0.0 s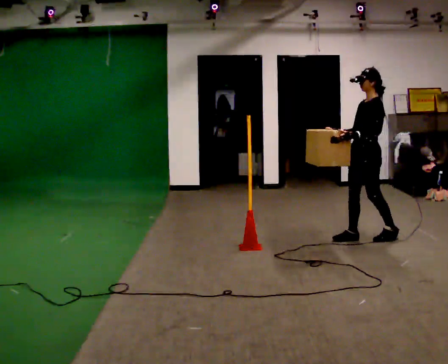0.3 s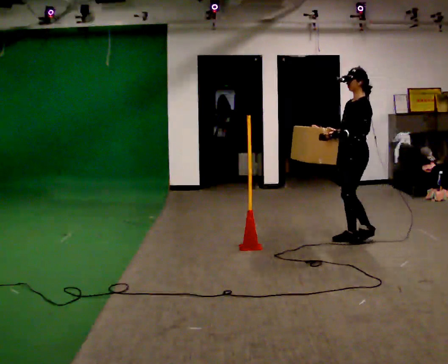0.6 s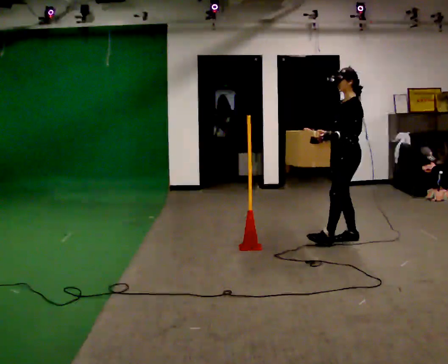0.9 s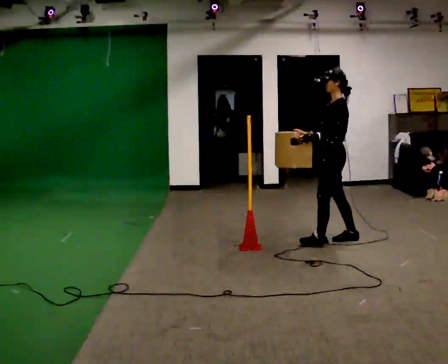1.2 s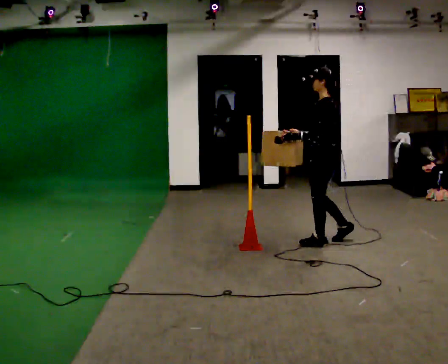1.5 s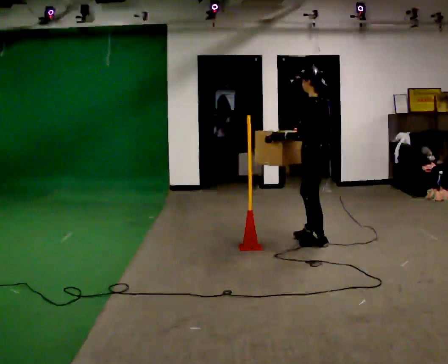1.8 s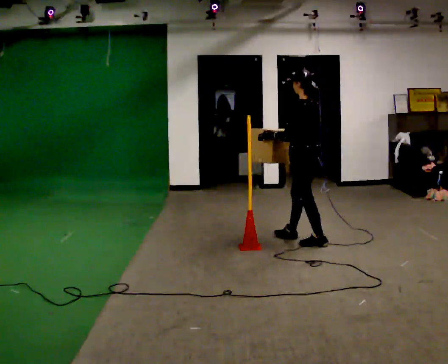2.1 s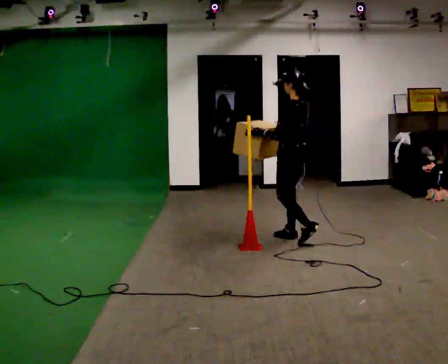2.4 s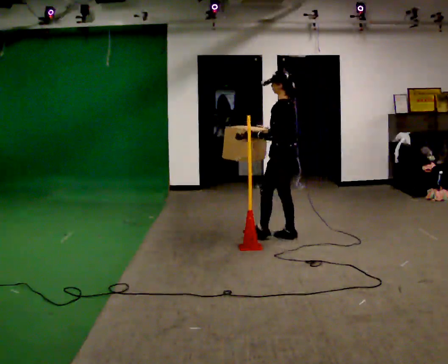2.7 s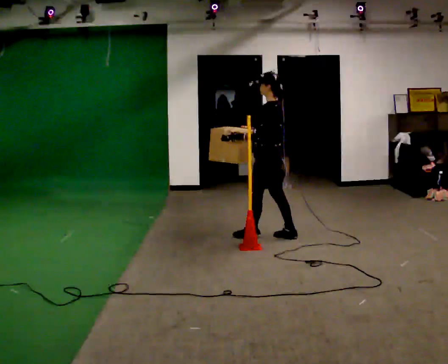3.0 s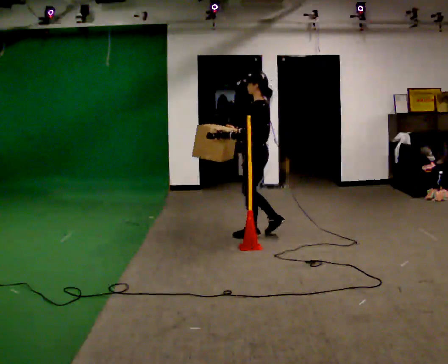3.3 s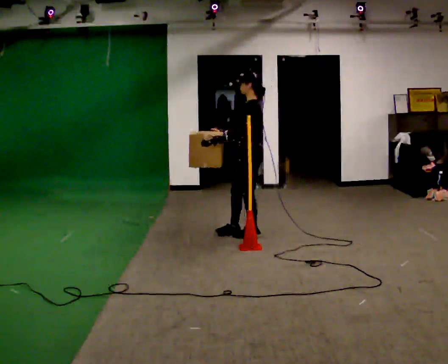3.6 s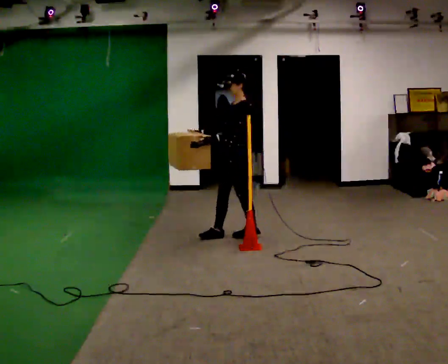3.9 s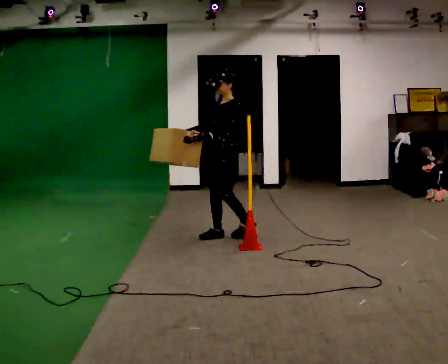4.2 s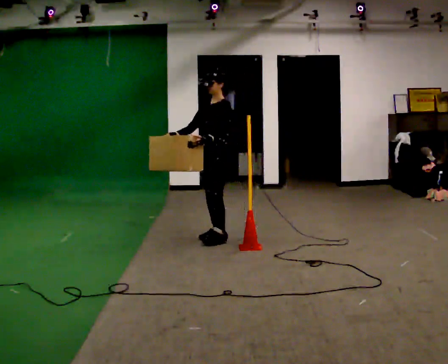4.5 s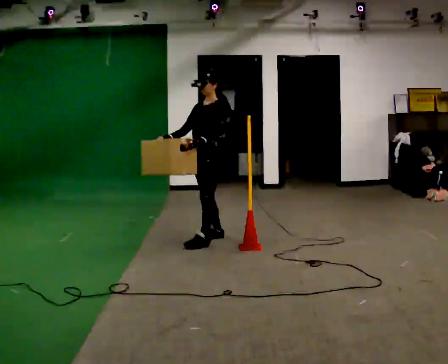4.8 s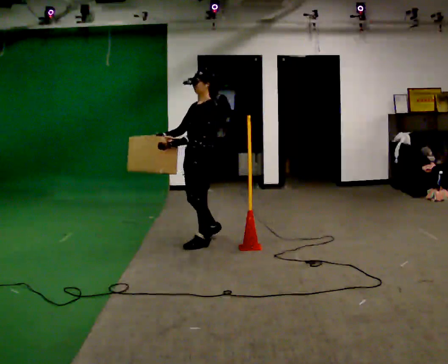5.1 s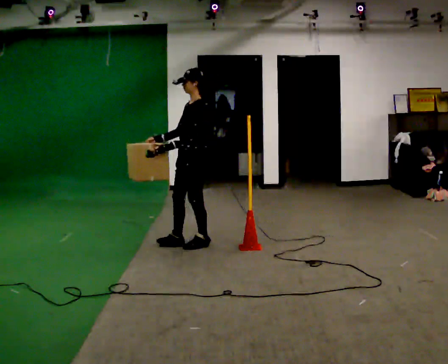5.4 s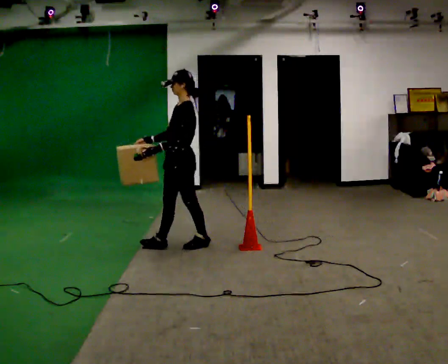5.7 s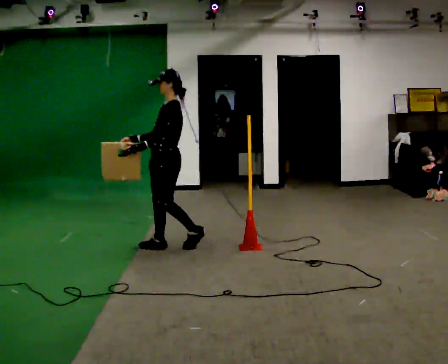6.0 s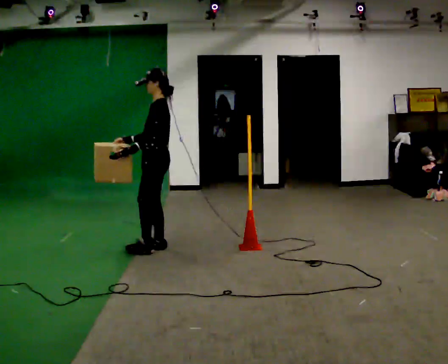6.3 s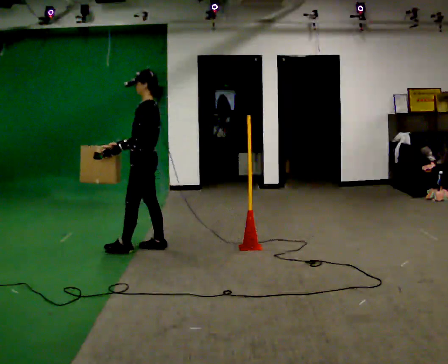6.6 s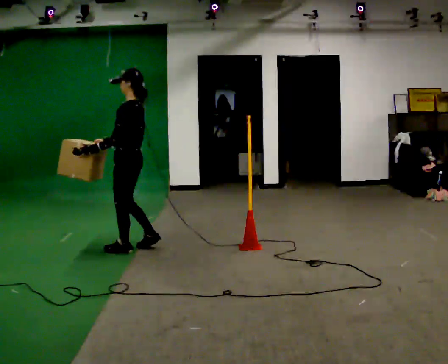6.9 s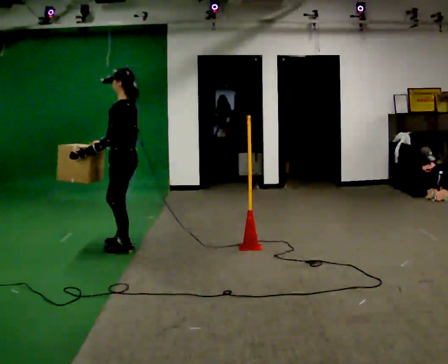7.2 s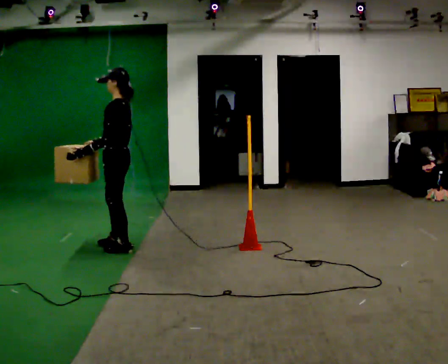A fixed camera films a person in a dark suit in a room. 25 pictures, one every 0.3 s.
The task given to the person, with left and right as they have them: Carry the box across the room. The operator will step into your path partway across, so go around them and carry on. Keep going until the operator says stop; one object at a time, and do not rush between trips.
0.0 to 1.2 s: The part of the body nearest the lens slides to the left as the person turns to their right by about 30 degrees. In the picture they go to the left, about 0.5 m in 1 step, which for them is forward.
1.2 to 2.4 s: In the picture they go to the left and away from the camera, about 0.5 m in 1 step, which for them is forward.
2.4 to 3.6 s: Seen from above the body turns counterclockwise, about 45 degrees: to their left, with its near side sliding to the right. In the picture they go to the left, about 0.5 m in 2 steps, which for them is forward.
3.6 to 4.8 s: In the picture they go to the left and toward the camera, about 0.5 m in 1 step, which for them is forward.
4.8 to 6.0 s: In the picture they go to the left and toward the camera, about 0.5 m in 1 step, which for them is forward.
6.0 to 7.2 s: In the picture they go to the left, about 0.25 m in 2 steps, which for them is forward.
The film runs forward here.
